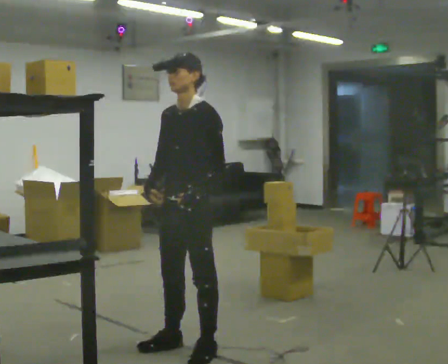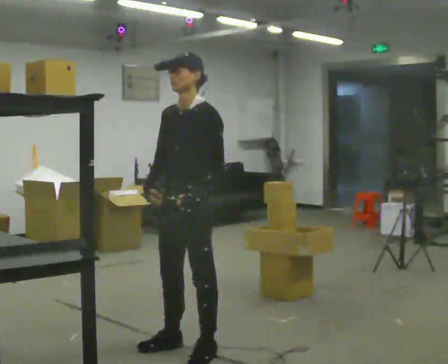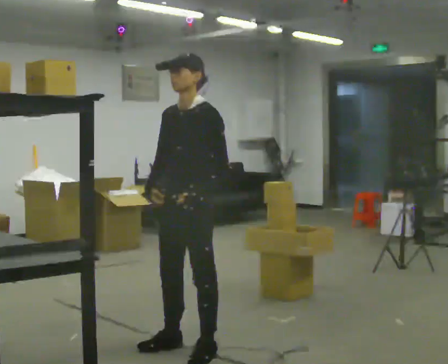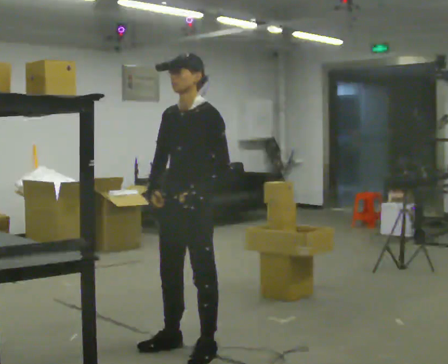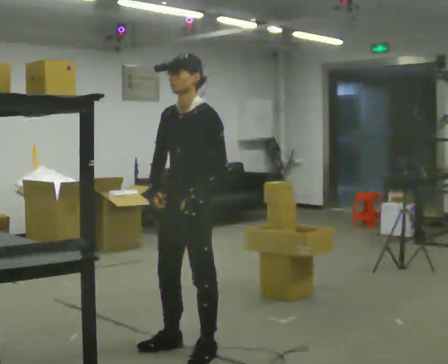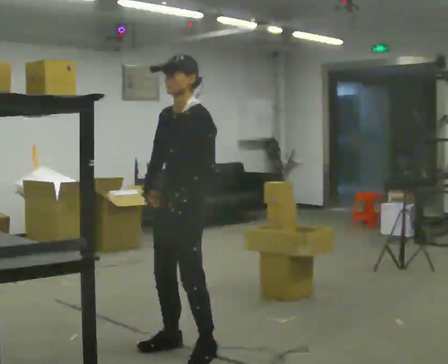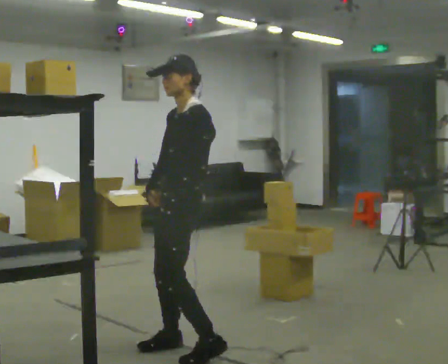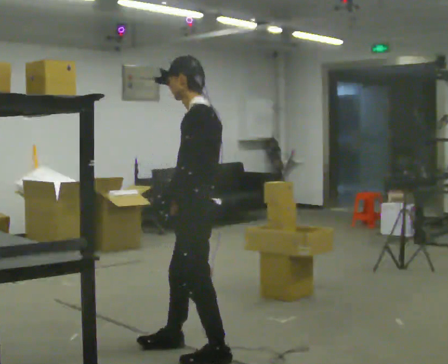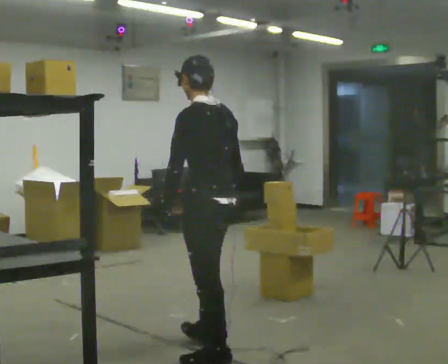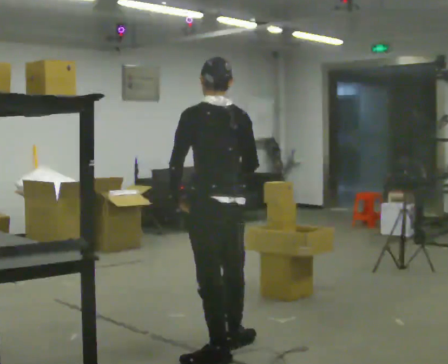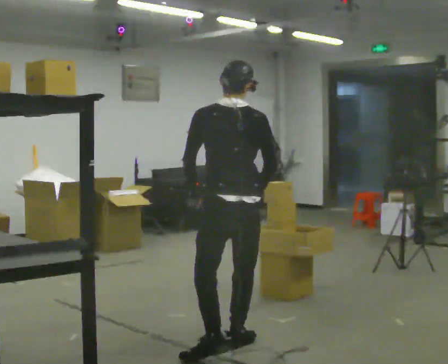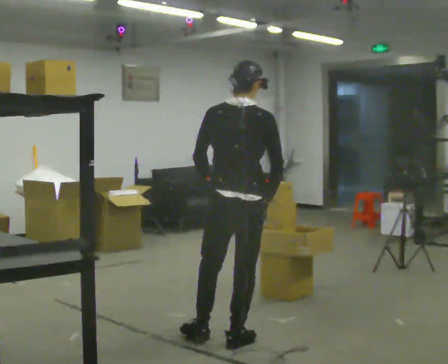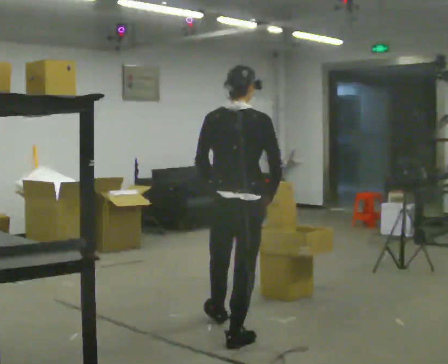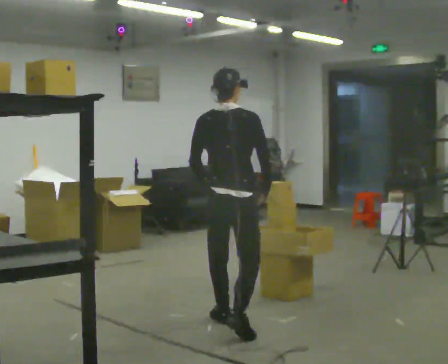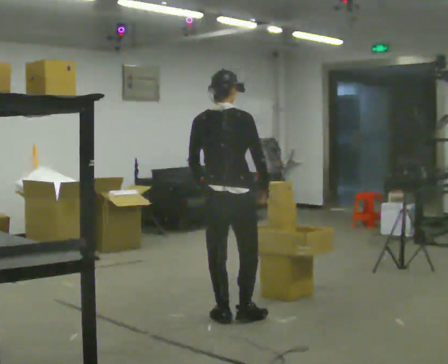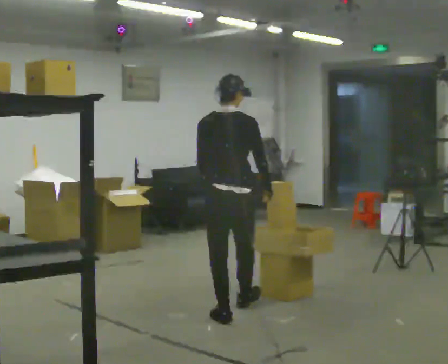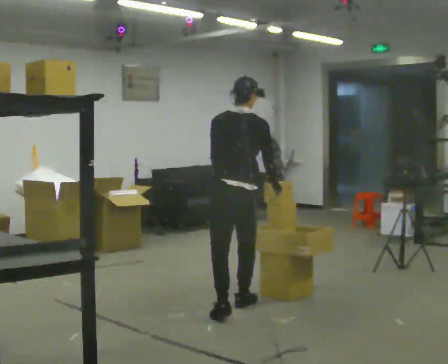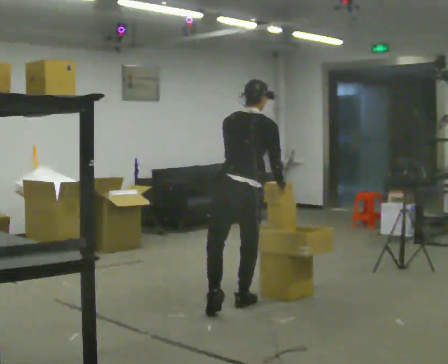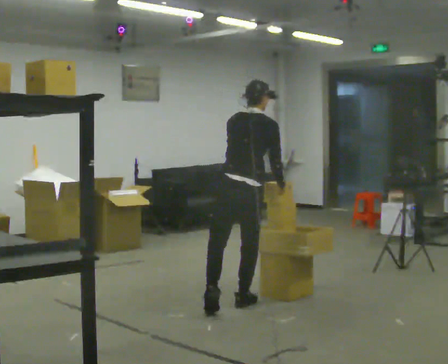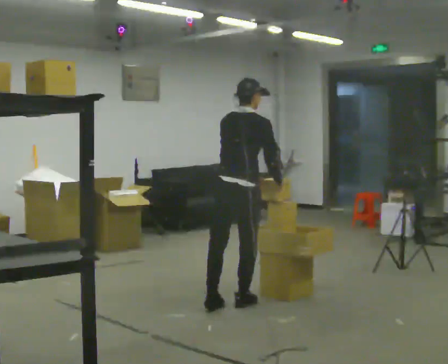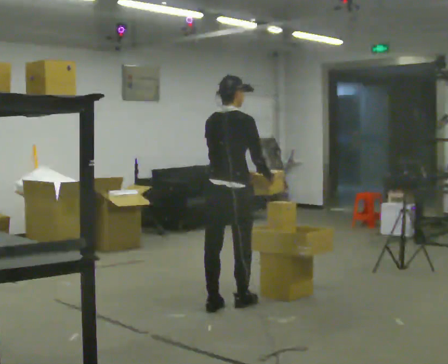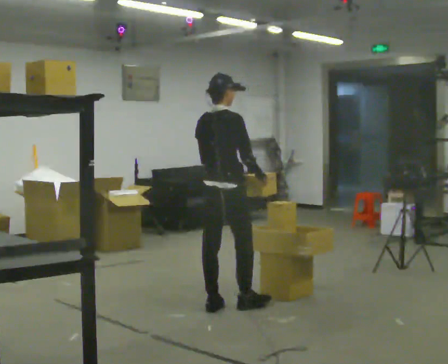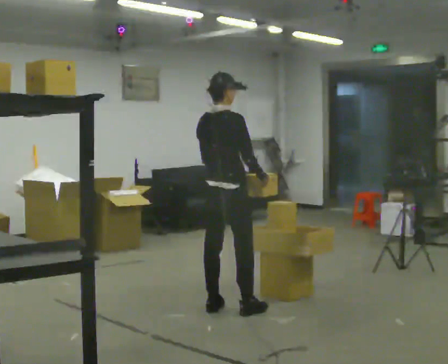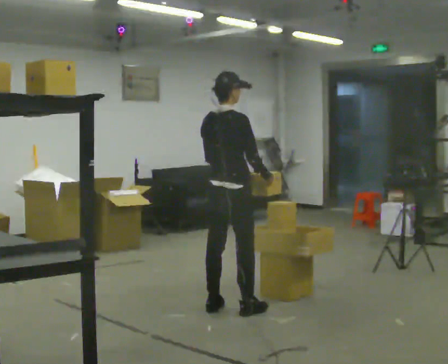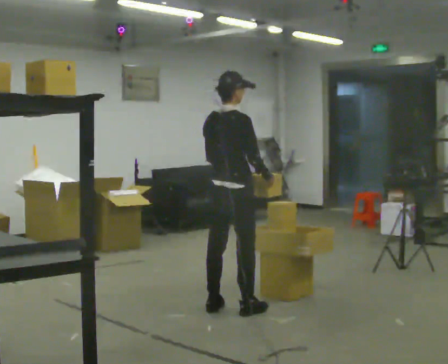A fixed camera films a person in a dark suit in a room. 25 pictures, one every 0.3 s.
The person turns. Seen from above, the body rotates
clockwise.
The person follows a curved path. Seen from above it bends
counterclockwise.
0.0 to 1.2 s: The person moves a little, or ends about where they began.
1.2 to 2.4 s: The person turns about 75 degrees to their right, clockwise seen from above, so the part of the body nearest the lens slides to the left. In the picture they go toward the camera, about 0.25 m in 1 step. In the picture their right hand goes to the right.
2.4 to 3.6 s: The person turns about 75 degrees to their right, clockwise seen from above, so the part of the body nearest the lens slides to the left. In the picture they go away from the camera, about 0.5 m in 1 step.
3.6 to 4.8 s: In the picture they go away from the camera, about 0.75 m in 2 steps, which for them is forward.
4.8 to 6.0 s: Seen from above the body turns clockwise, about 30 degrees: to their right, with its near side sliding to the left.
6.0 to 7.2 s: The person moves a little, or ends about where they began.
The film runs forward here.
